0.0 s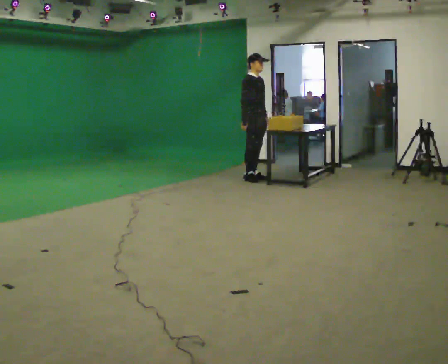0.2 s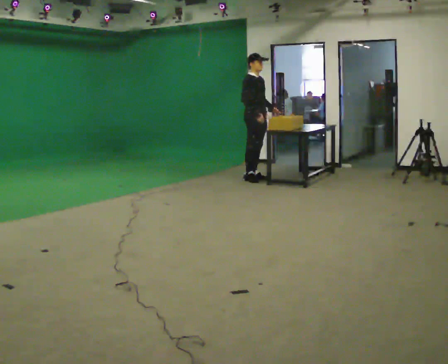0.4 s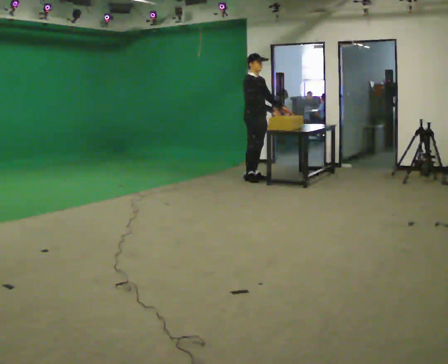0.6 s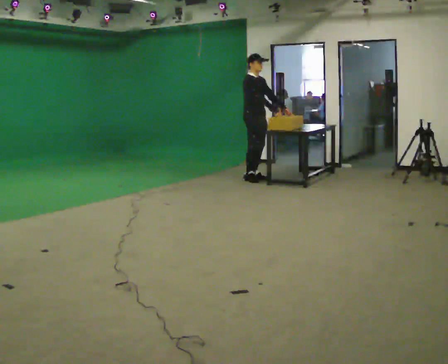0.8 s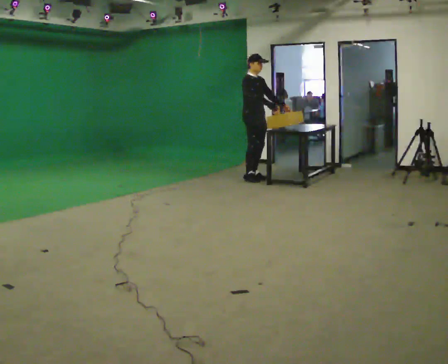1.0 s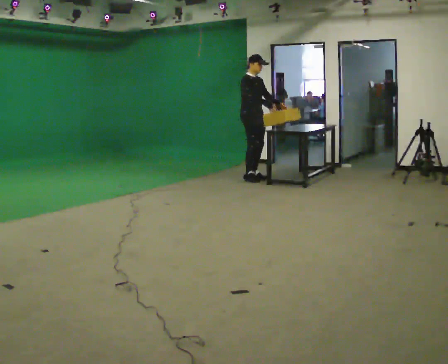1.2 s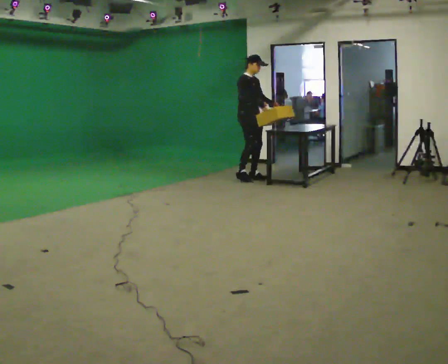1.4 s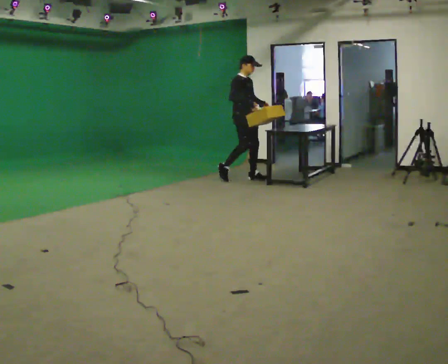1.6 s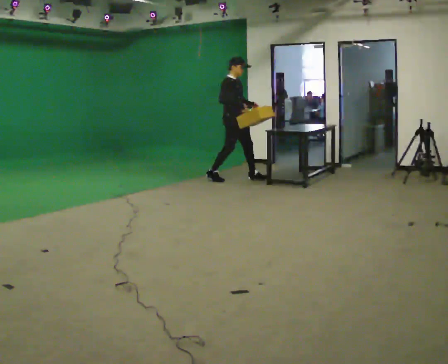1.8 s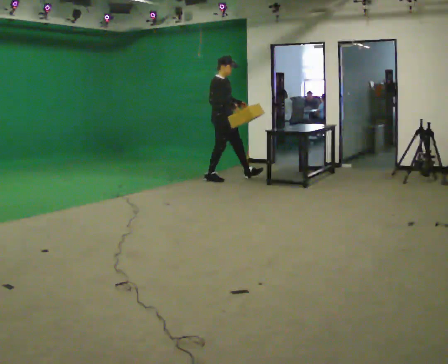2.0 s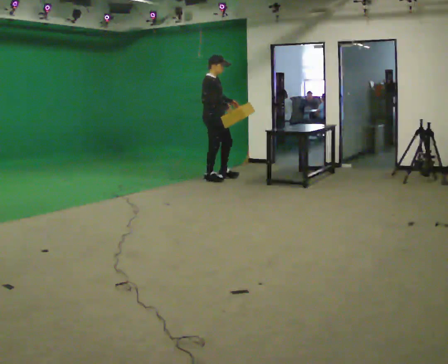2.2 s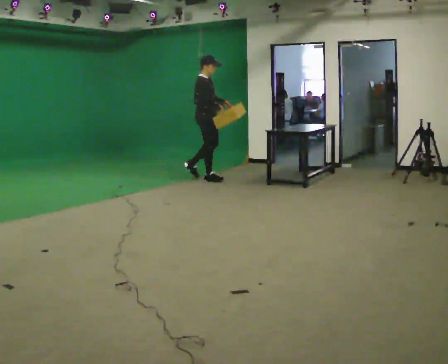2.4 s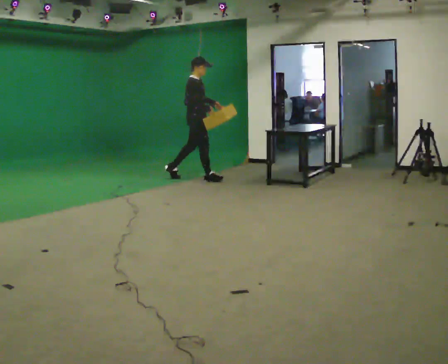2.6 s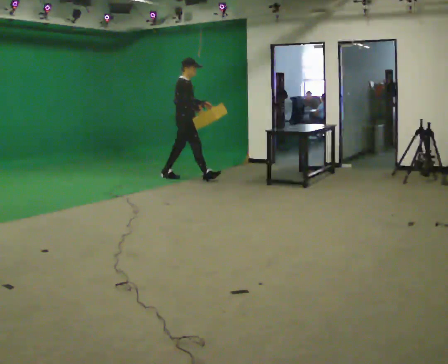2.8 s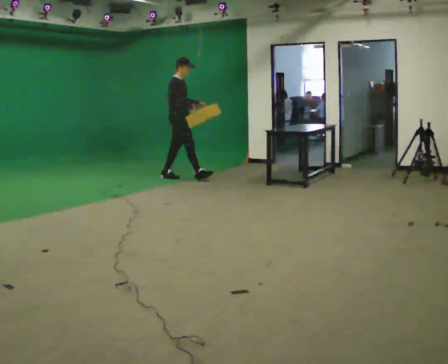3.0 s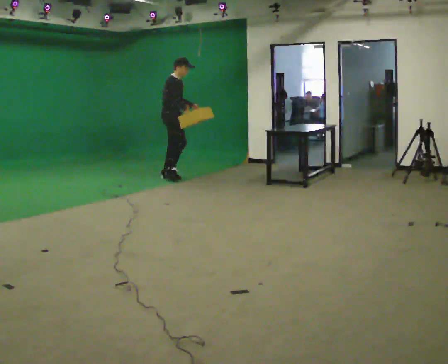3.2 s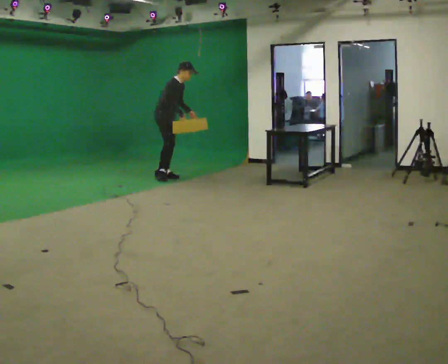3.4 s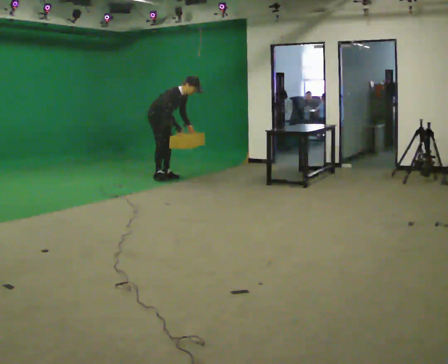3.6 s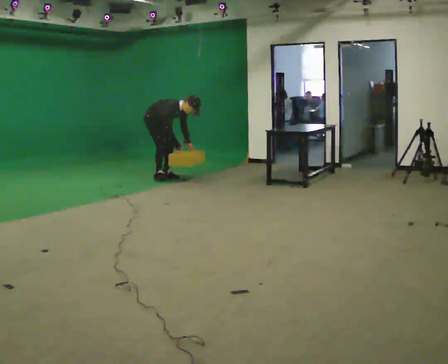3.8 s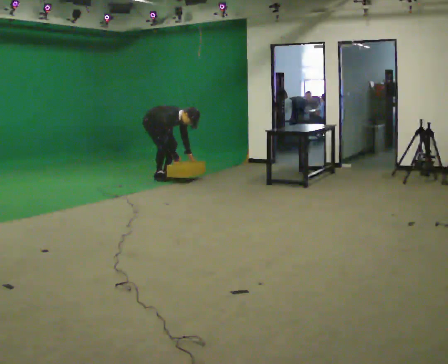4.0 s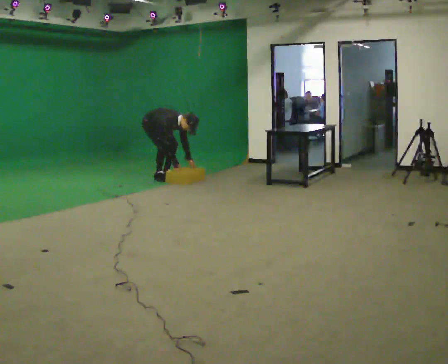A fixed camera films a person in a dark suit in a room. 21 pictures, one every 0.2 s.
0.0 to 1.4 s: The person moves a little, or ends about where they began.
1.4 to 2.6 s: The part of the body nearest the lens slides to the right as the person turns to their left by about 30 degrees. In the picture they go to the left, about 1 m in 1 step, which for them is backward.
2.6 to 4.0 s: Seen from above the body turns clockwise, about 30 degrees: to their right, with its near side sliding to the left. In the picture they go to the left, about 0.5 m in 1 step, which for them is backward. The upper body goes downward. In the picture the upper body tilts clockwise, shoulders to the right, as they bend forward. In the picture their right hand goes downward.
The film runs backward here.
